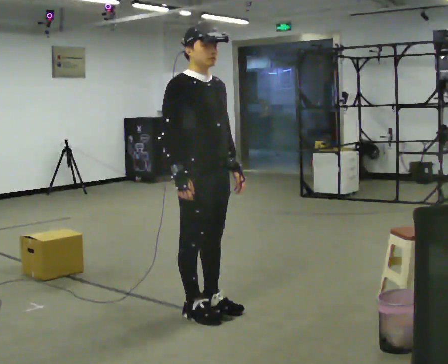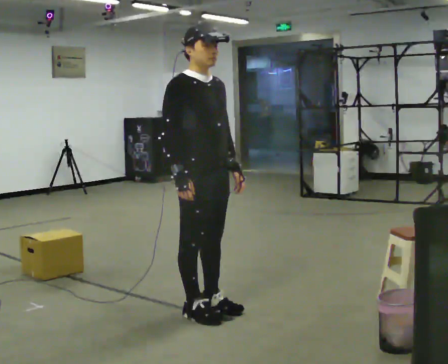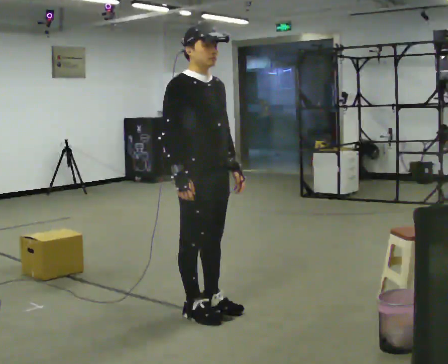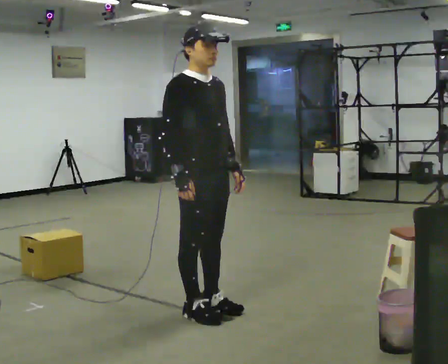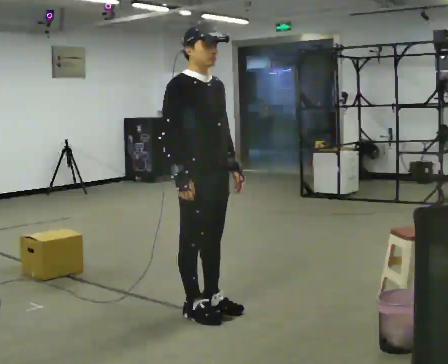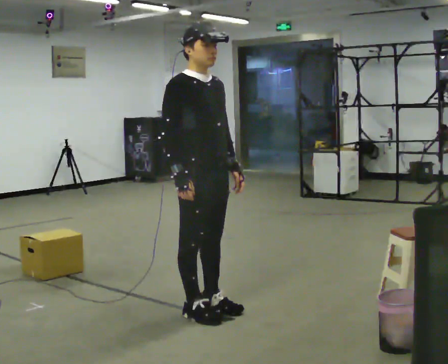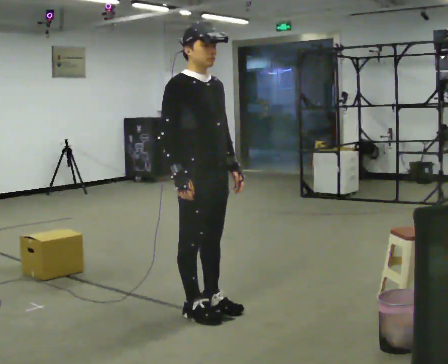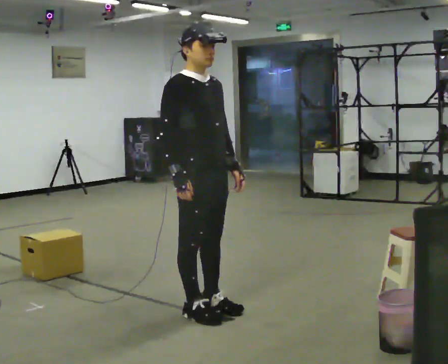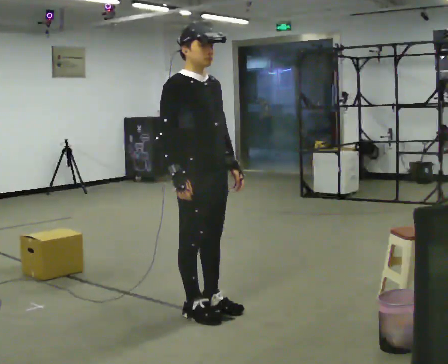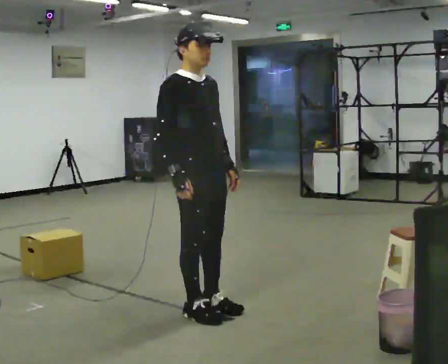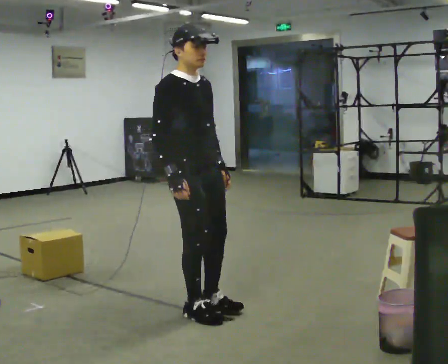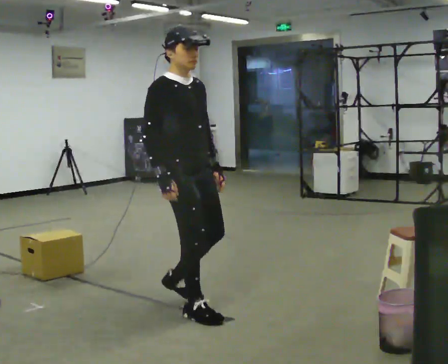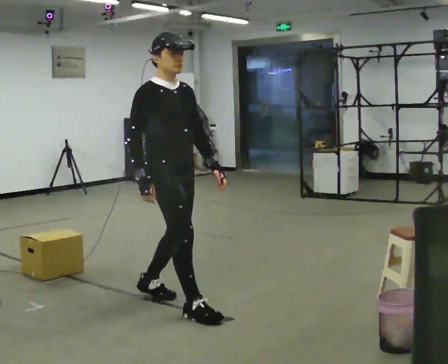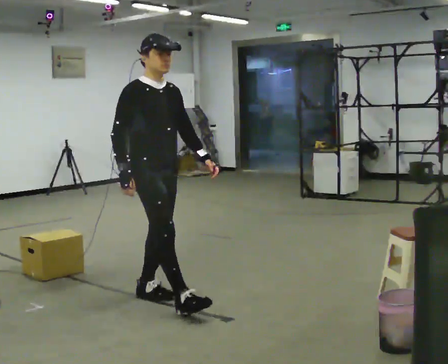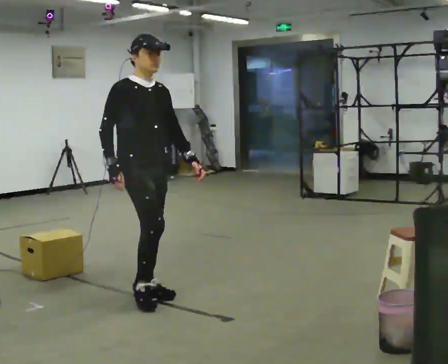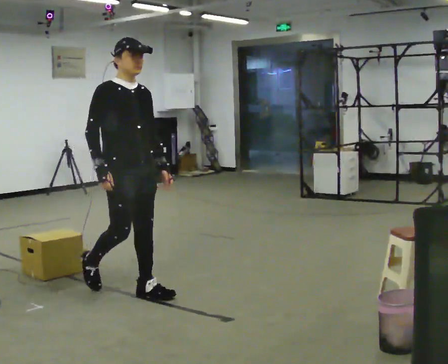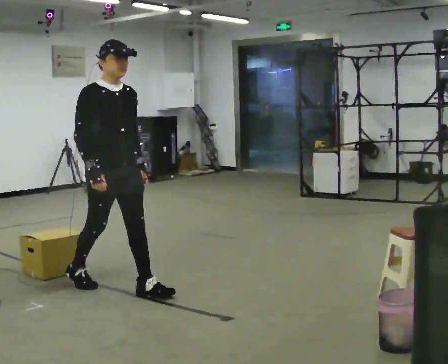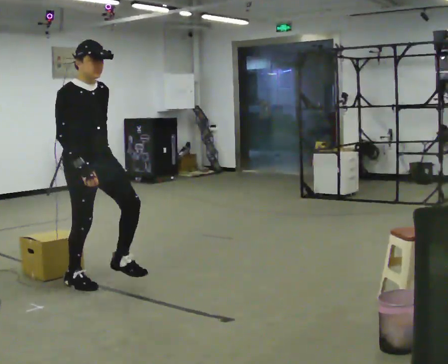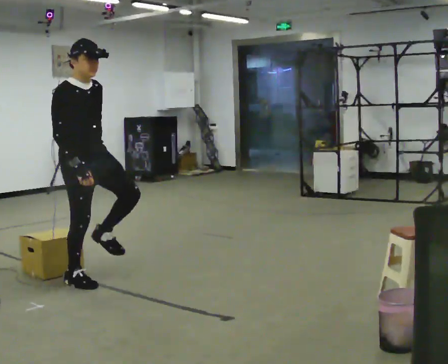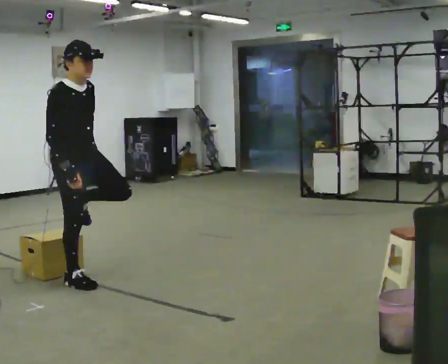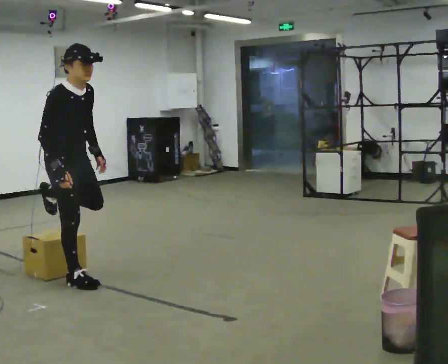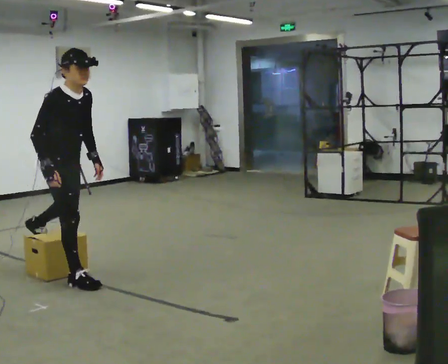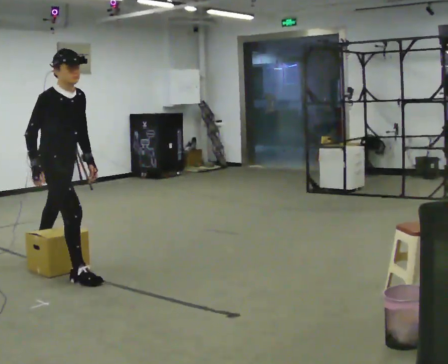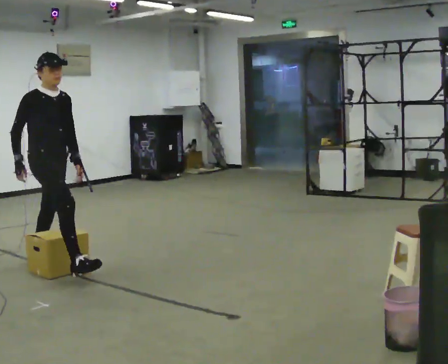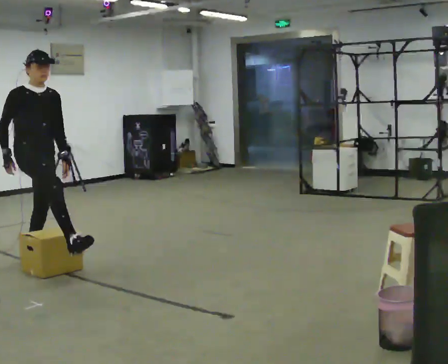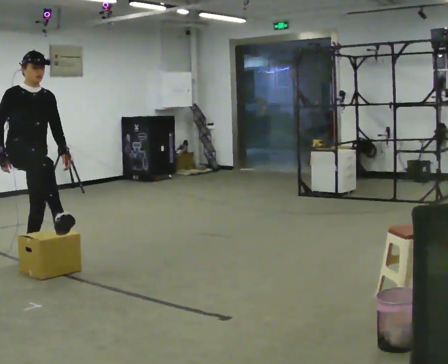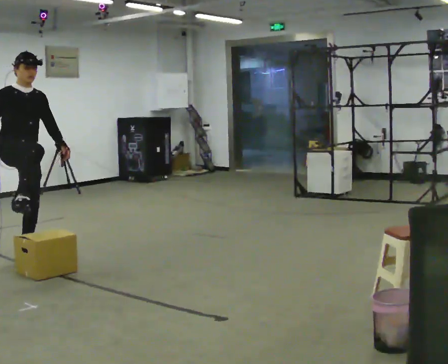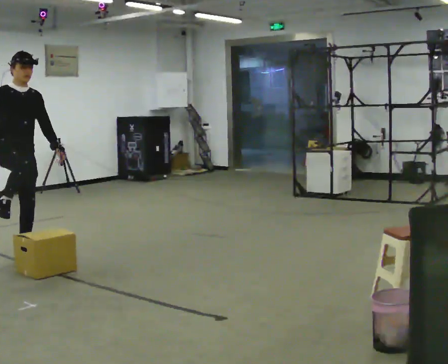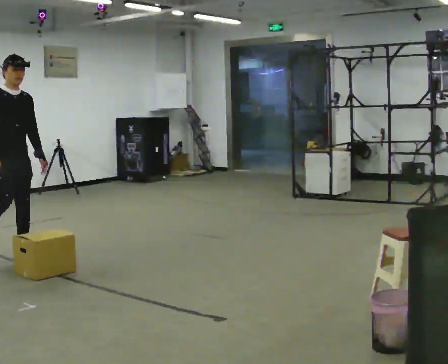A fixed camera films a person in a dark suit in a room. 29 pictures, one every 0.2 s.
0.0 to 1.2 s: The person keeps their place and pose.
1.2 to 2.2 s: The person moves a little, or ends about where they began.
2.2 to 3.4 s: In the picture they go to the left and away from the camera, about 1 m in 2 steps, which for them is backward.
3.4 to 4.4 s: The part of the body nearest the lens slides to the right as the person turns to their left by about 30 degrees. In the picture they go to the left and away from the camera, about 0.5 m, which for them is backward.
4.4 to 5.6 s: The part of the body nearest the lens slides to the left as the person turns to their right by about 30 degrees. In the picture they go away from the camera and to the left, about 0.75 m in 1 step, which for them is backward.
The film runs backward here.
